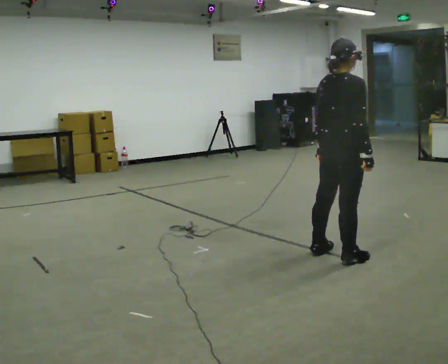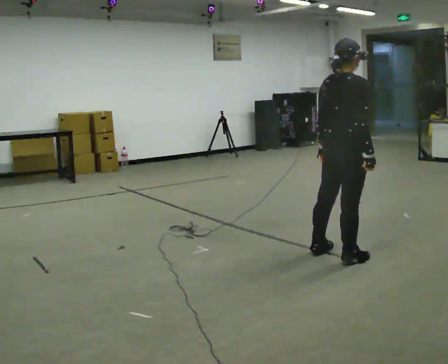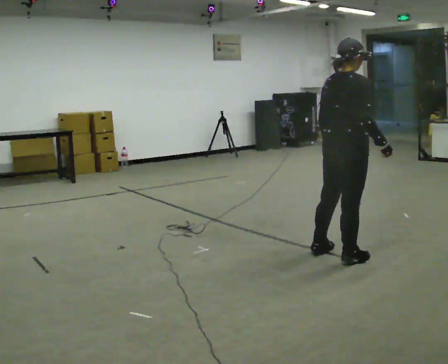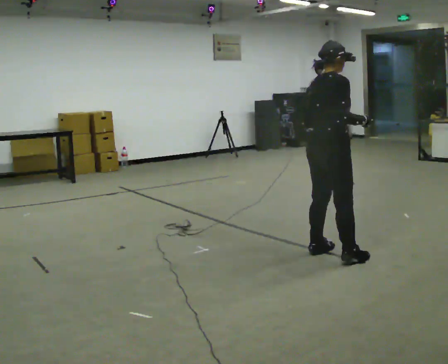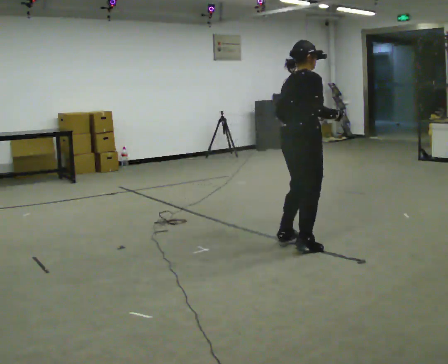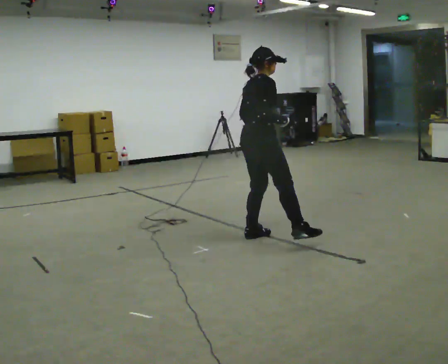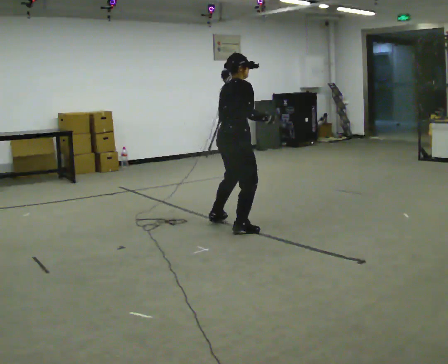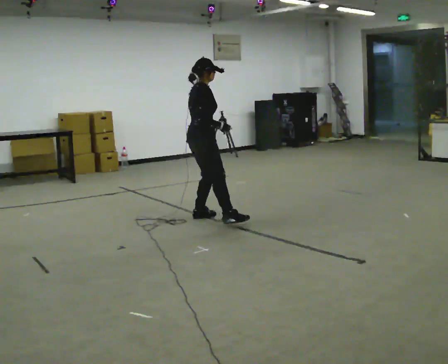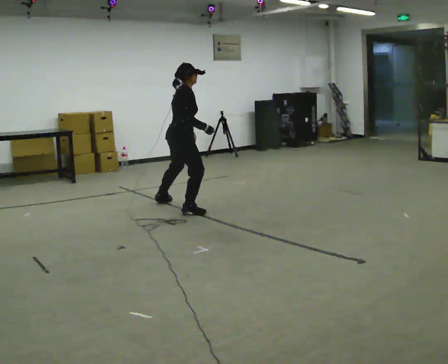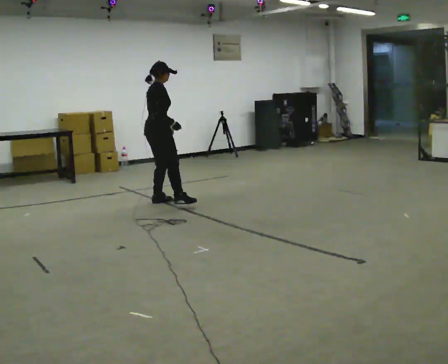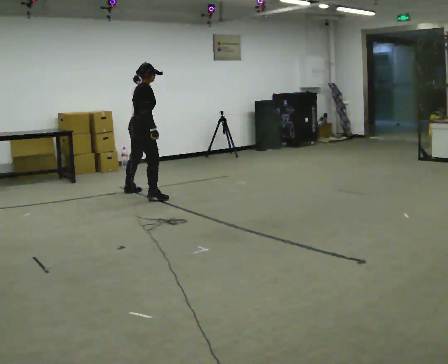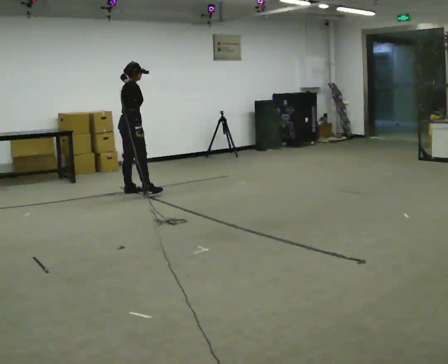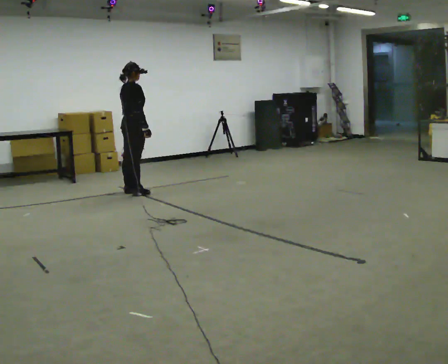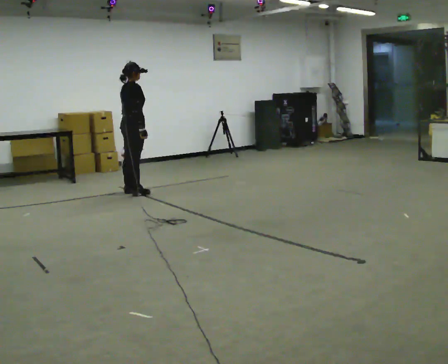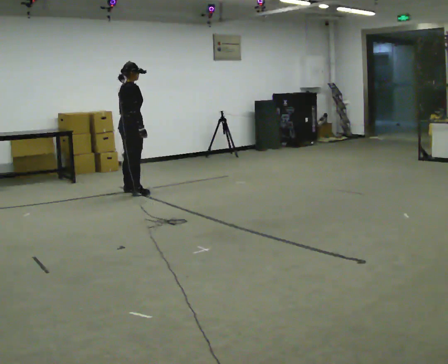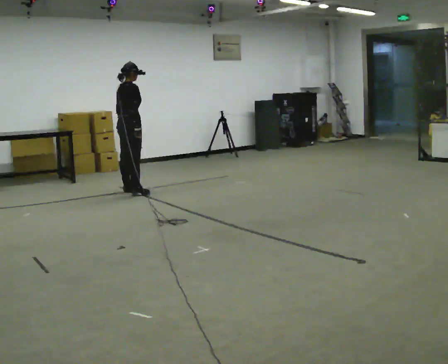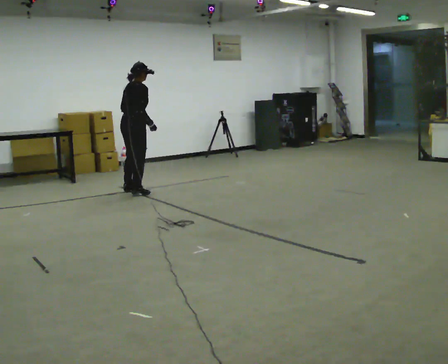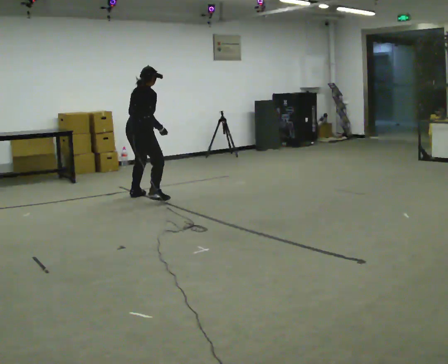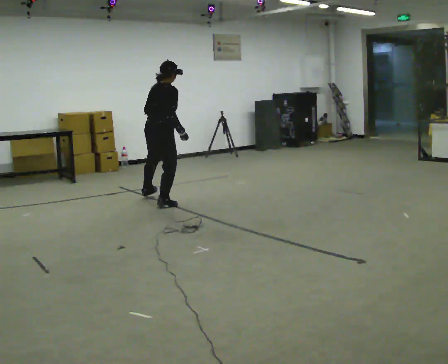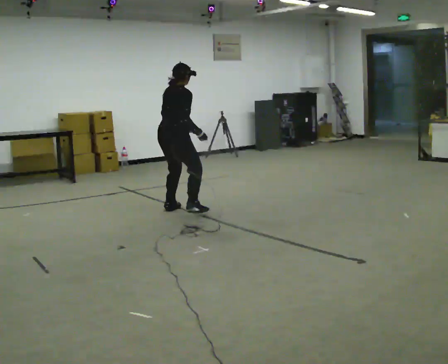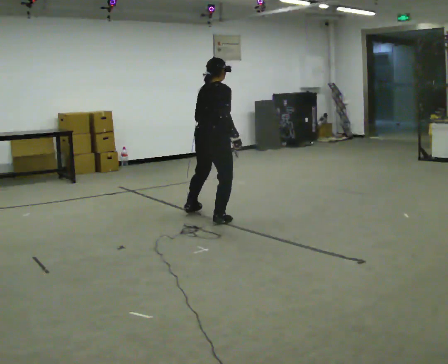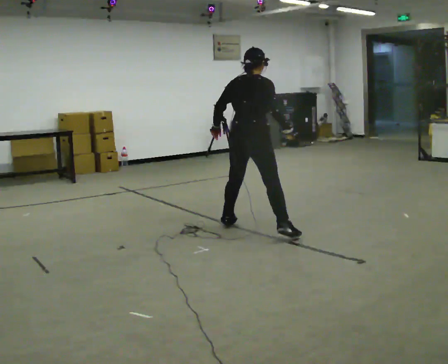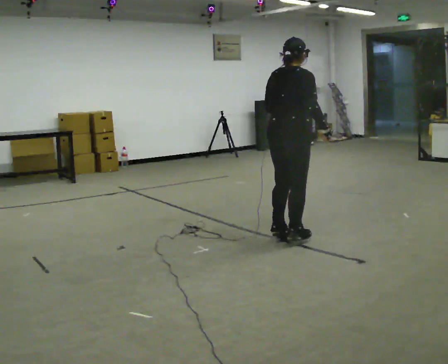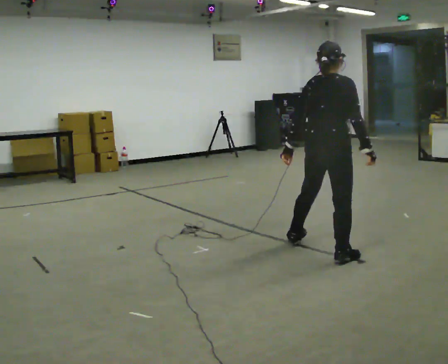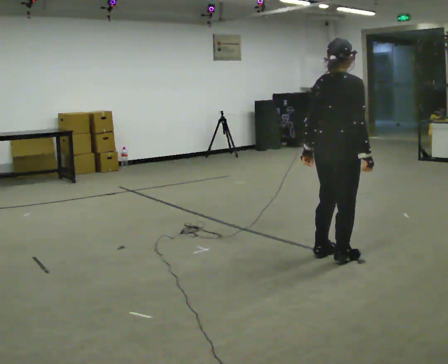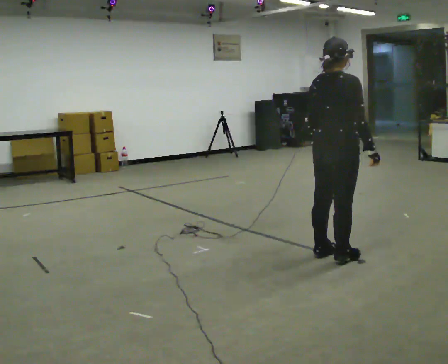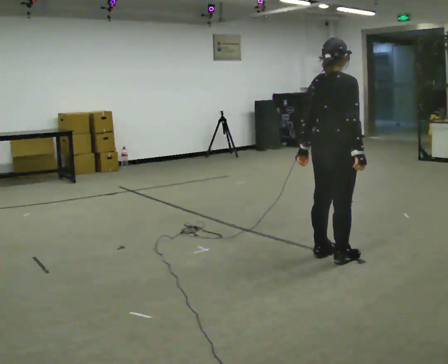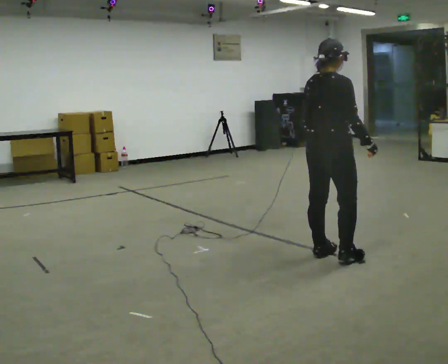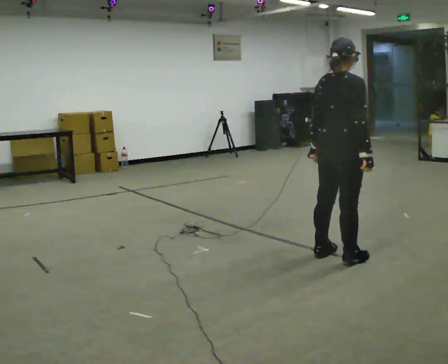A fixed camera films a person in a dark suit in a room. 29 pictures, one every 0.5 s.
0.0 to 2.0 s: In the picture they go away from the camera and to the left, about 0.25 m in 2 steps, which for them is to their left.
2.0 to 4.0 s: In the picture they go away from the camera and to the left, about 1.5 m in 4 steps, which for them is to their left.
4.0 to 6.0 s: In the picture they go away from the camera and to the left, about 1 m in 3 steps, which for them is to their left.
6.0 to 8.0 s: The person moves a little, or ends about where they began.
8.0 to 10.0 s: In the picture they go toward the camera and to the right, about 1.5 m in 5 steps, which for them is to their right.
10.0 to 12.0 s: In the picture they go toward the camera and to the right, about 1.5 m in 4 steps, which for them is to their right.
12.0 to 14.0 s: The person moves a little, or ends about where they began.
The film runs backward here.
